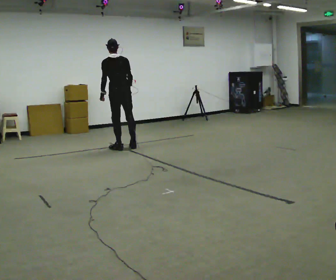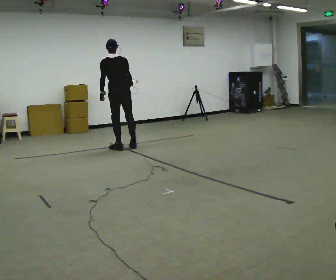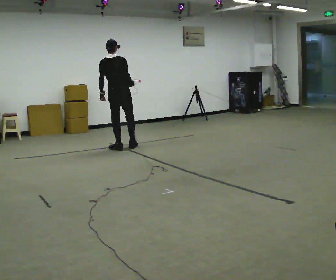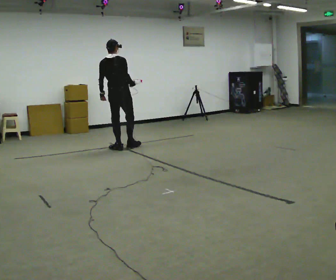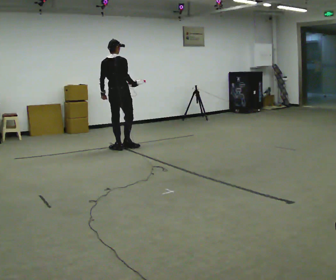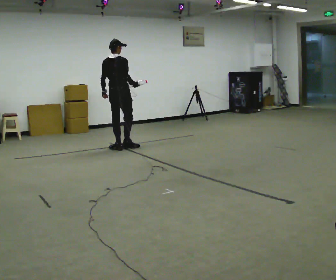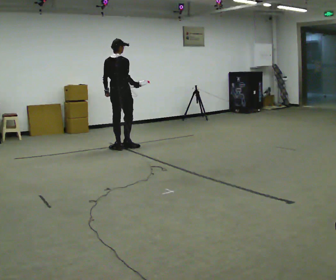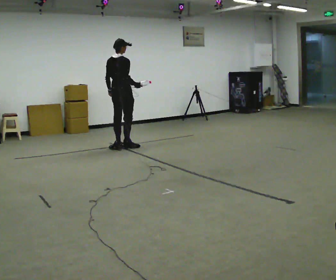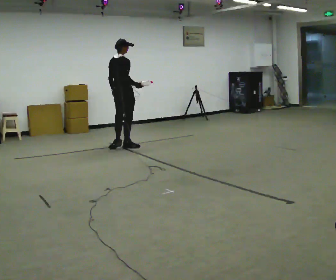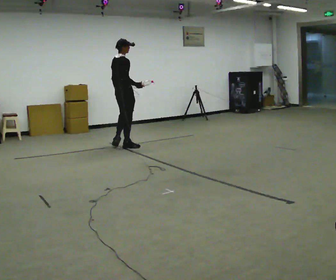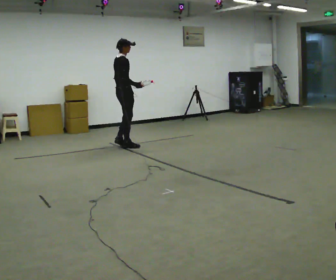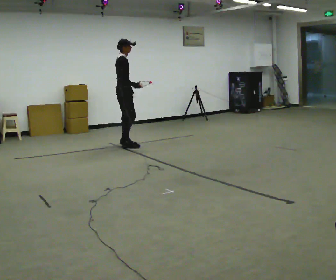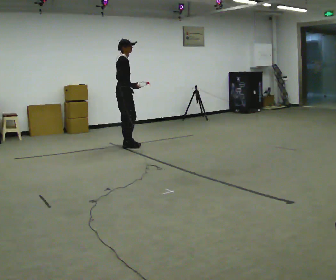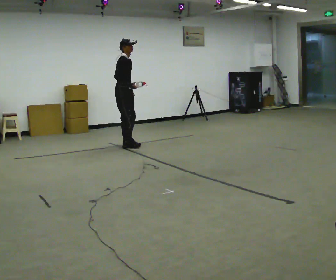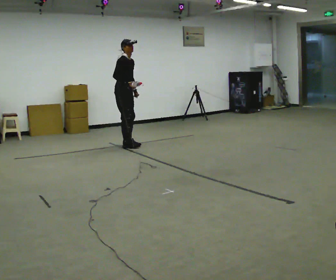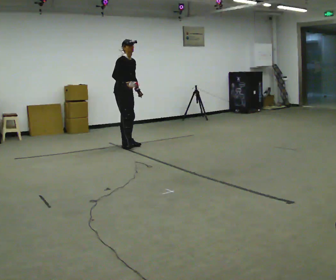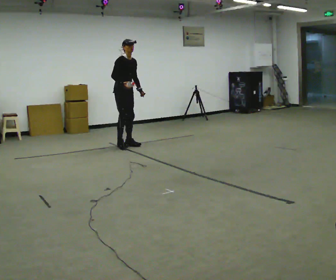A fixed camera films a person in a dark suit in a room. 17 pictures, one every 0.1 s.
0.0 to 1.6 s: The part of the body nearest the lens slides to the left as the person turns to their right by about 150 degrees. In the picture they go away from the camera, about 0.25 m in 2 steps. In the picture the upper body tilts clockwise, shoulders to the right.
The film runs forward here.
